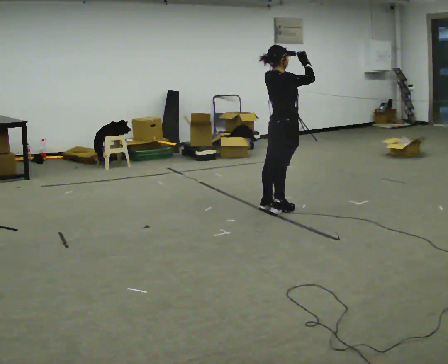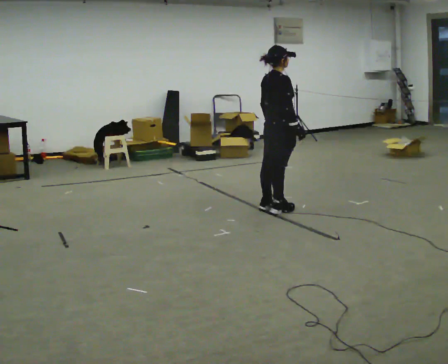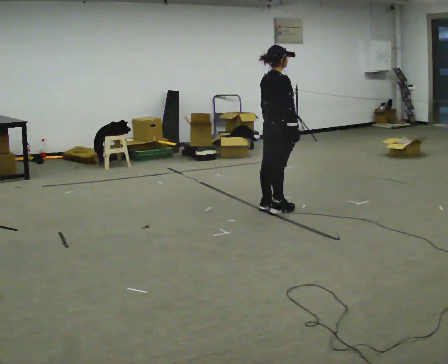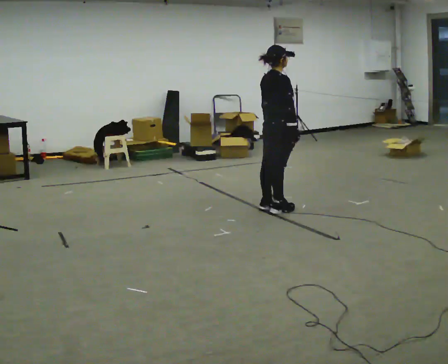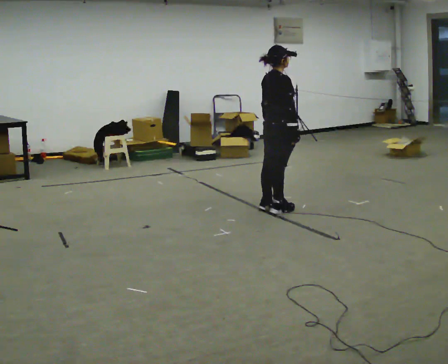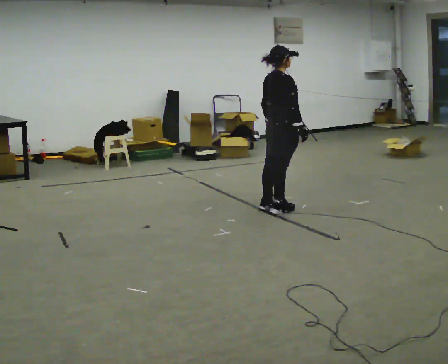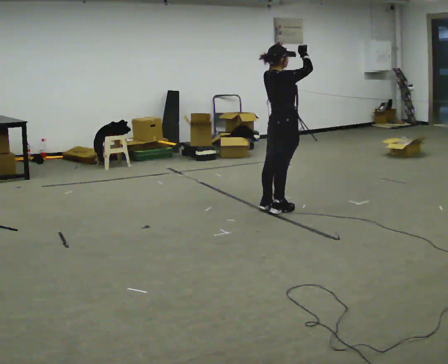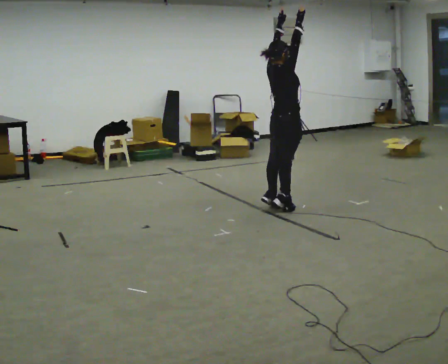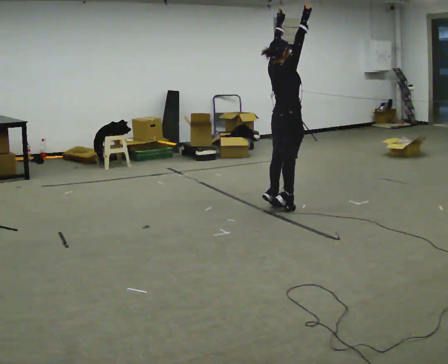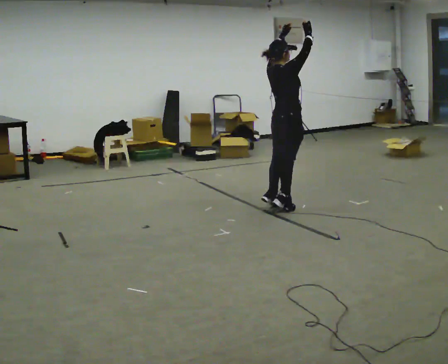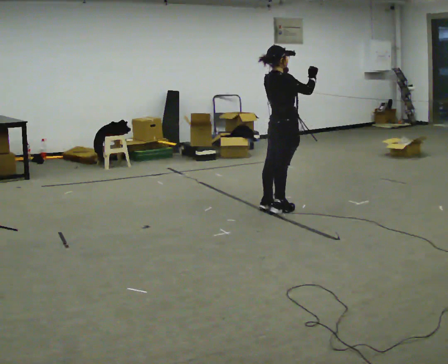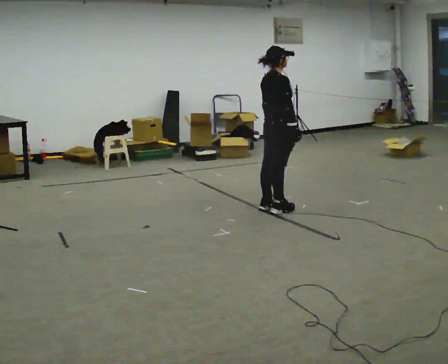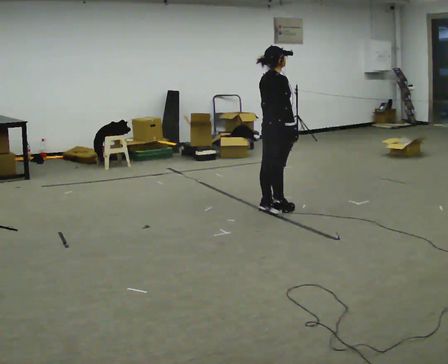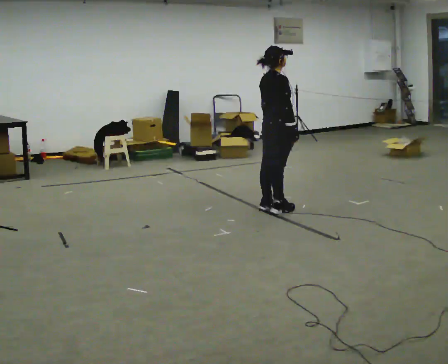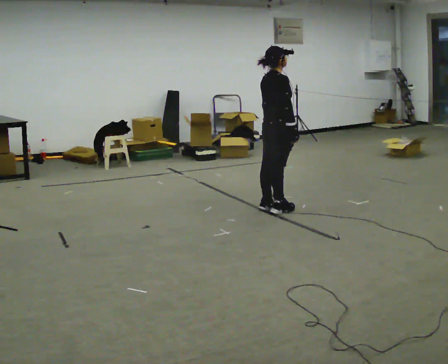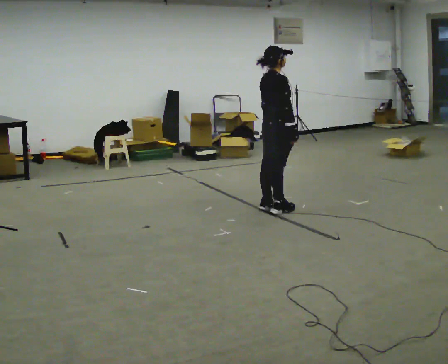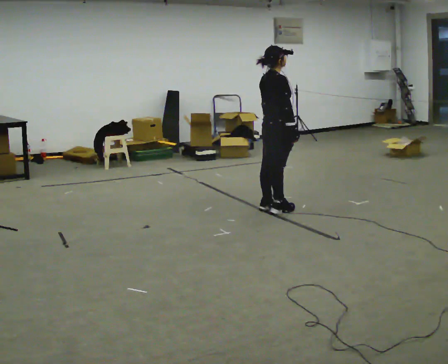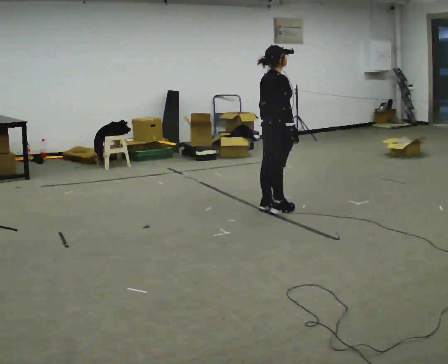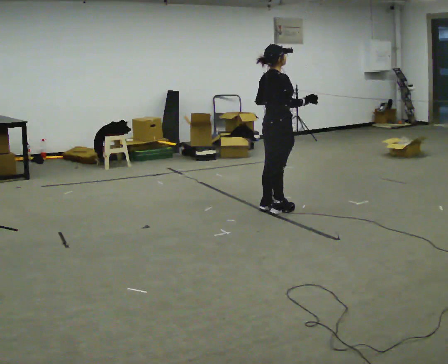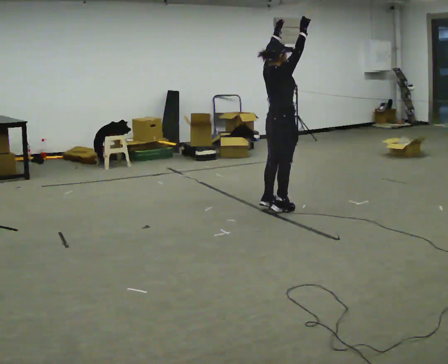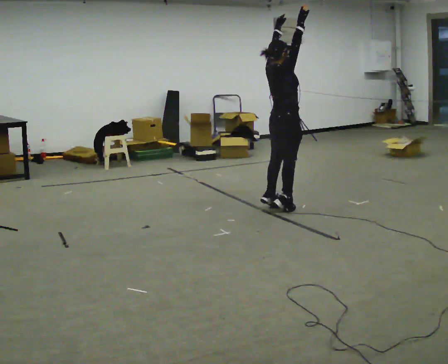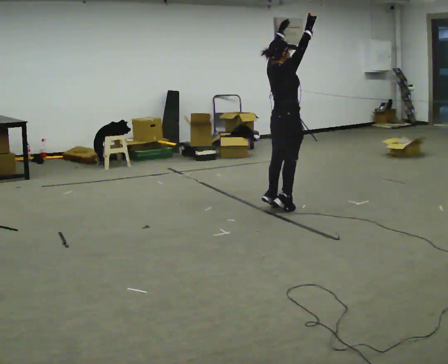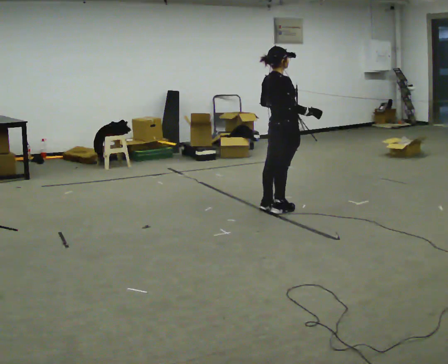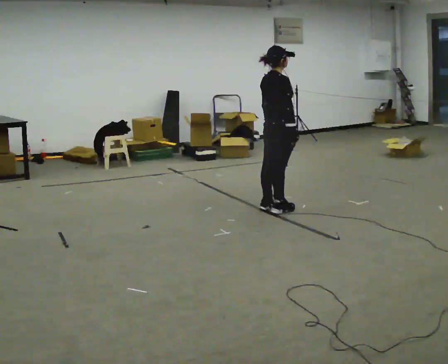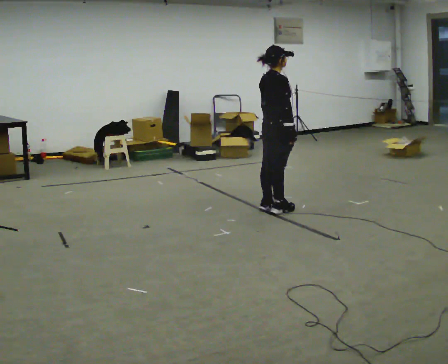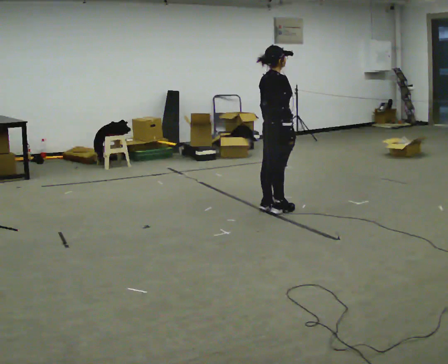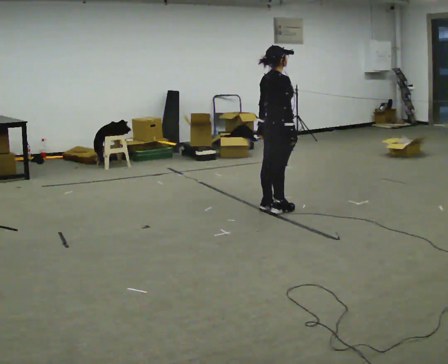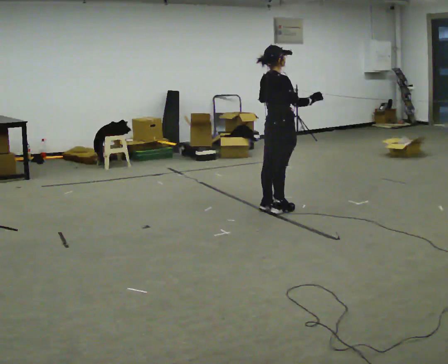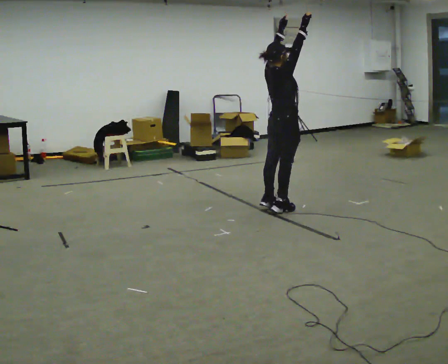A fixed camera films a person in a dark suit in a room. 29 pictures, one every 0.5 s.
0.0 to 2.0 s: In the picture their right hand goes downward.
2.0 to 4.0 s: In the picture their right hand goes upward.
4.0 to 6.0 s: In the picture their right hand goes downward, the arm swinging clockwise.
6.0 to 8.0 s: The person keeps their place and pose.
8.0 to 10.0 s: In the picture their right hand goes upward.
10.0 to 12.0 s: In the picture their right hand goes downward, the arm swinging clockwise.
12.0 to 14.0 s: In the picture their right hand goes upward, the arm swinging counterclockwise.
The film runs backward here.
